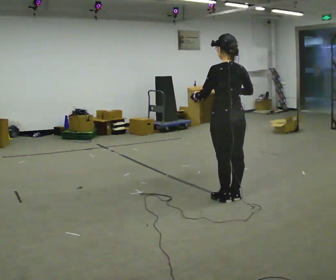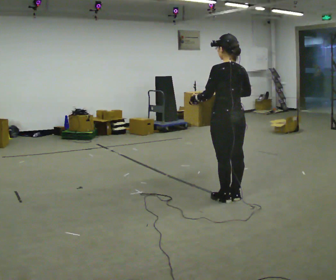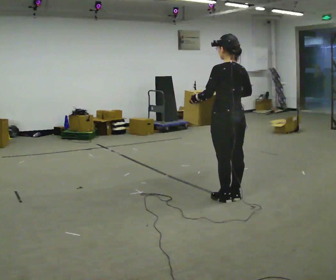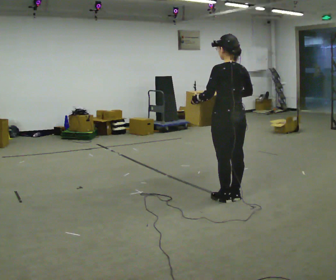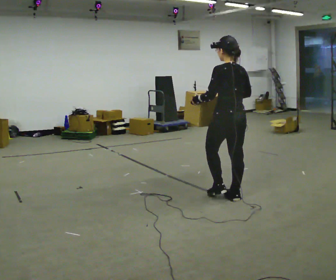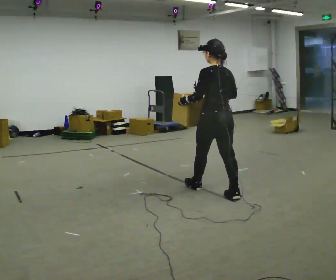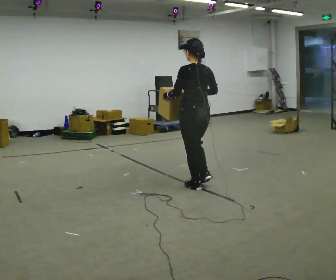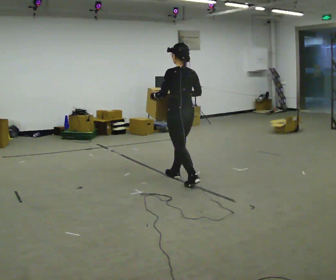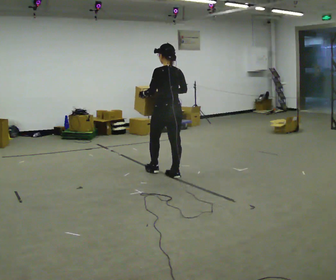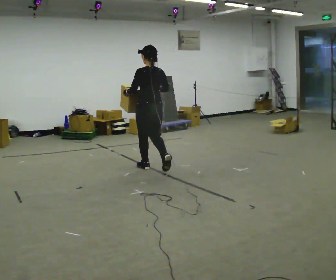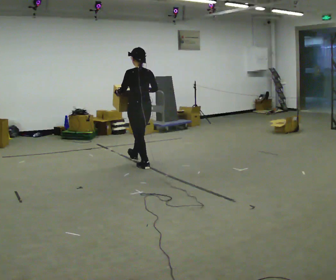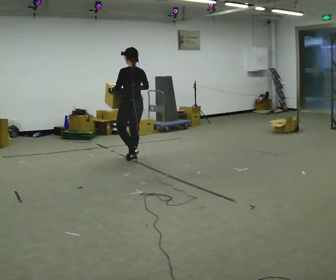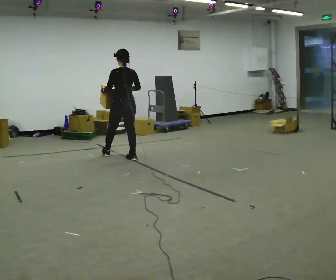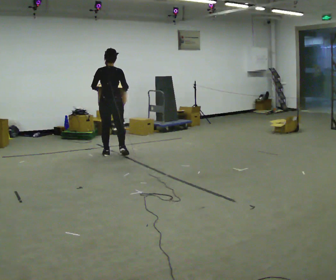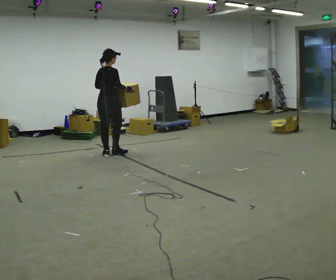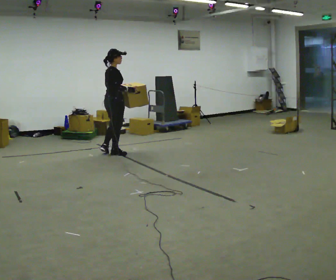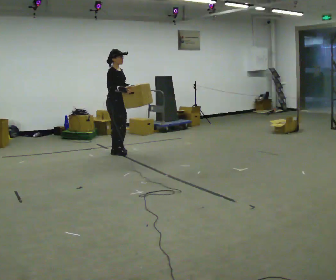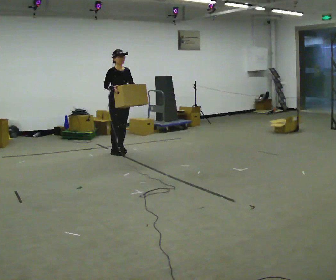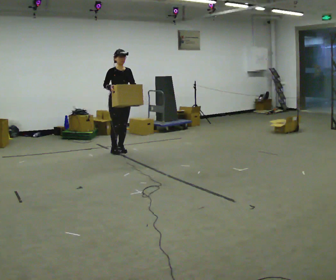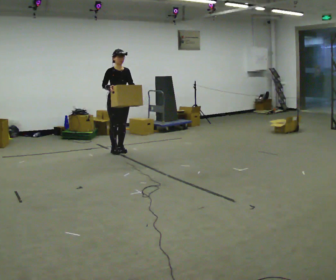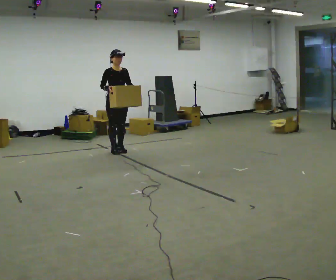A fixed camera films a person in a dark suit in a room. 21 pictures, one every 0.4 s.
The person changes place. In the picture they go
away from the camera.
0.0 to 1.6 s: The person moves a little, or ends about where they began.
1.6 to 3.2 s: In the picture they go away from the camera and to the left, about 1 m in 2 steps, which for them is forward.
3.2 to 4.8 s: In the picture they go away from the camera and to the left, about 1 m in 2 steps, which for them is forward.
4.8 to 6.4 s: The person turns about 135 degrees to their right, clockwise seen from above, so the part of the body nearest the lens slides to the left. In the picture they go away from the camera and to the left, about 0.25 m in 2 steps.
6.4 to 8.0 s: The part of the body nearest the lens slides to the left as the person turns to their right by about 45 degrees.
The film runs forward here.
